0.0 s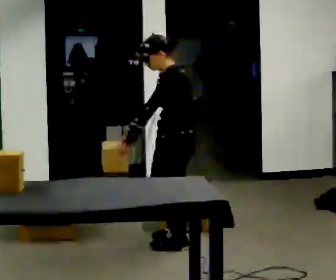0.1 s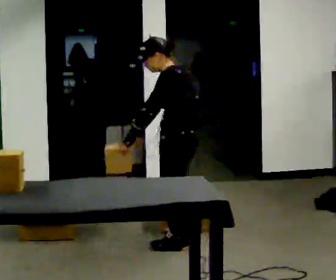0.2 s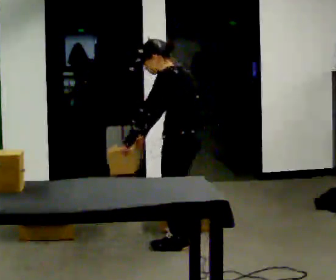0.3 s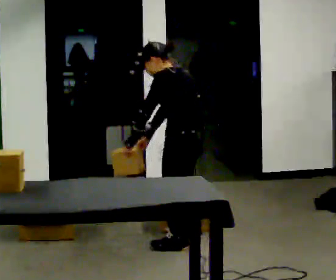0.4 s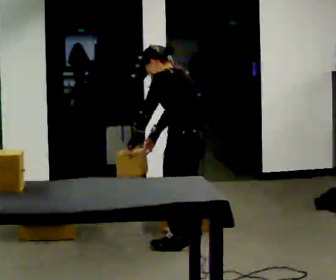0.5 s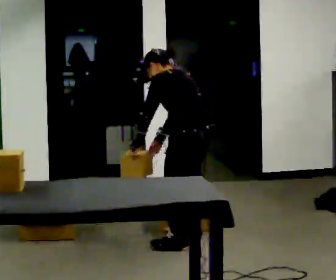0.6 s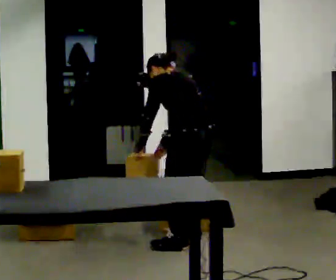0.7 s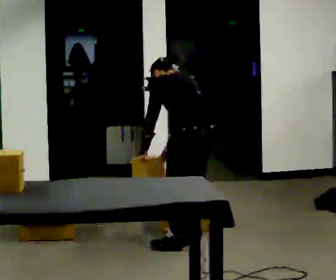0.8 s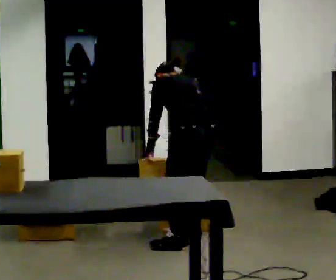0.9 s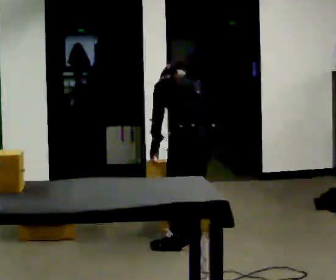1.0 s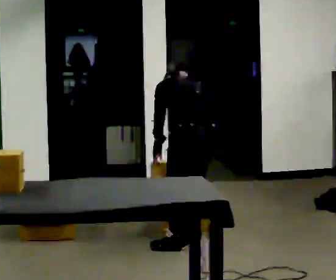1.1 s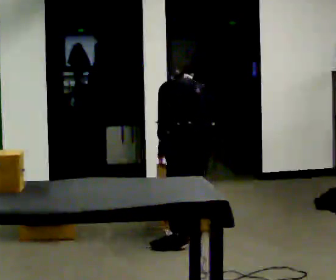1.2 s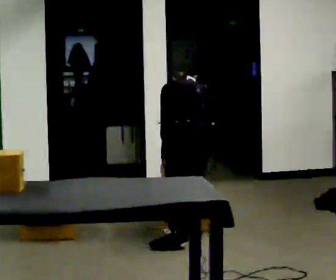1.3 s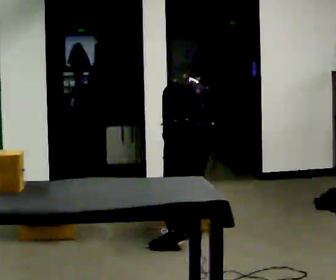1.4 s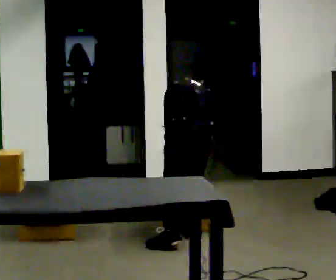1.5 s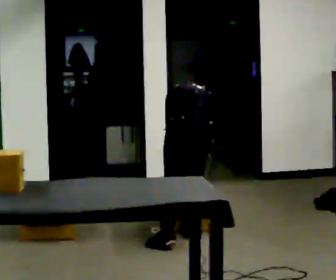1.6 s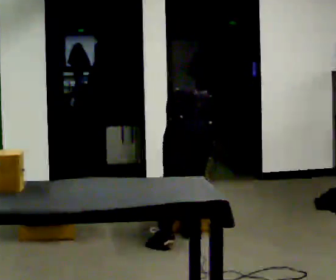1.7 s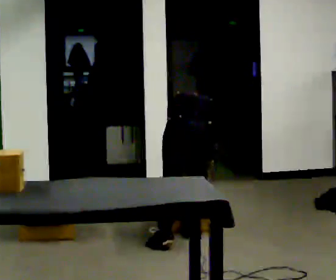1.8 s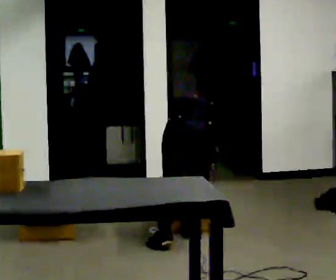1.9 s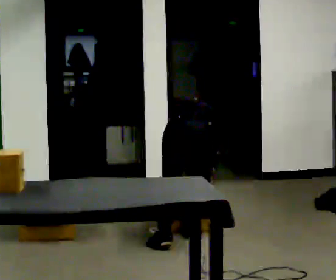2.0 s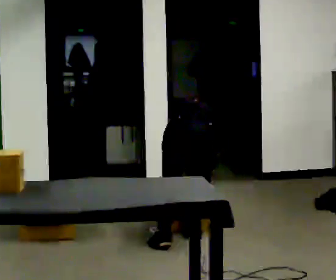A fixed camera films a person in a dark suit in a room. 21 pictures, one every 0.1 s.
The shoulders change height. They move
downward.
Their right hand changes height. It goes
downward.
0.0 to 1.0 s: The part of the body nearest the lens slides to the left as the person turns to their right by about 45 degrees. The upper body tips away from the camera, its near side rolling upward, as they bend forward. In the picture their right hand goes to the right.
1.0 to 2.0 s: Seen from above the body turns clockwise, about 30 degrees: to their right, with its near side sliding to the left. The shoulders move downward. The upper body tips away from the camera, its near side rolling upward, as they bend forward.
The film runs backward here.
